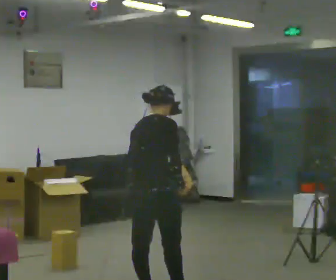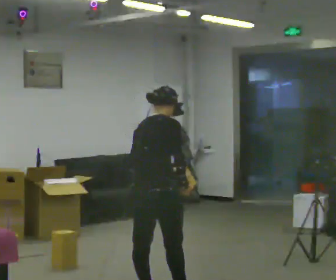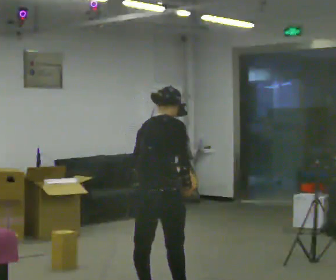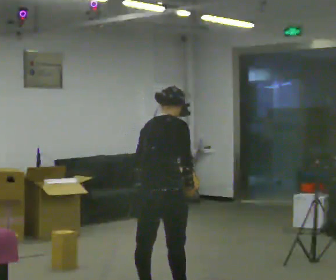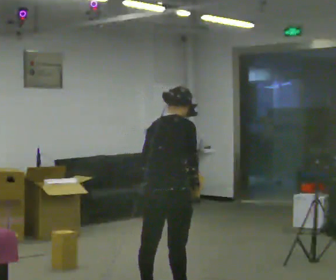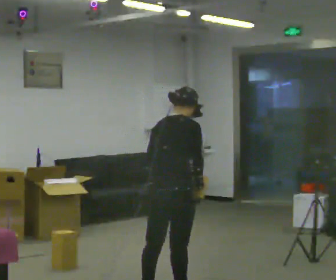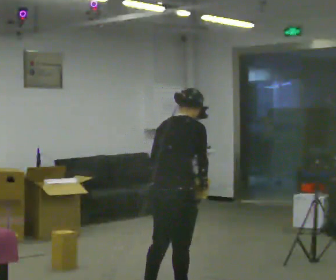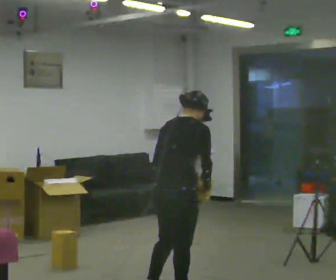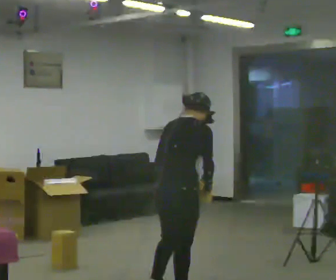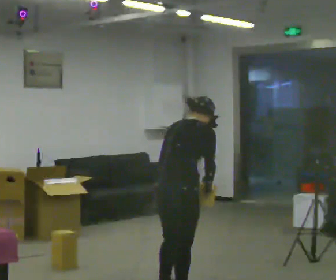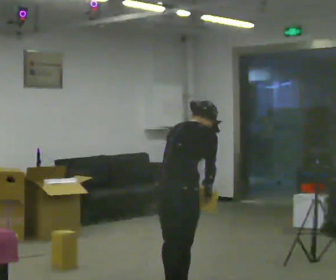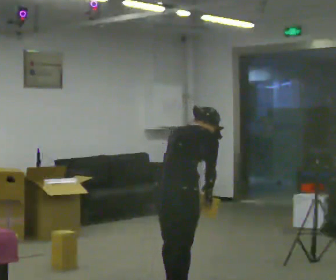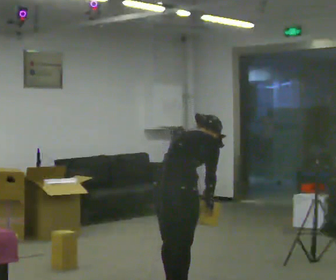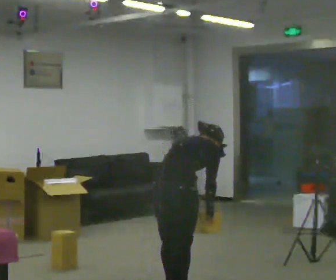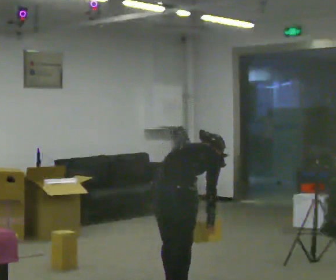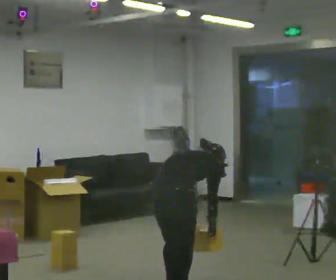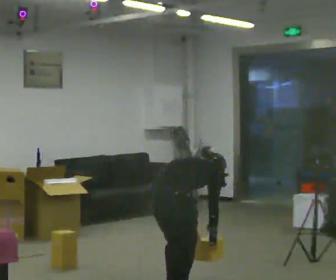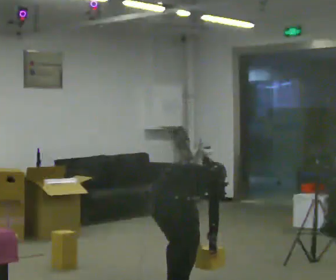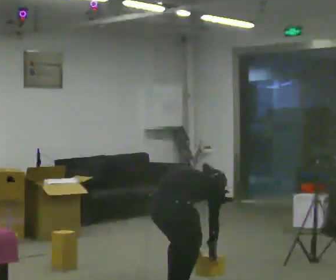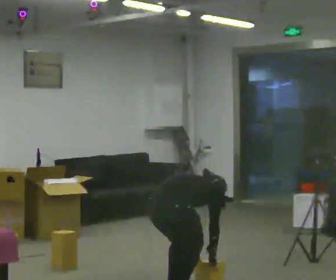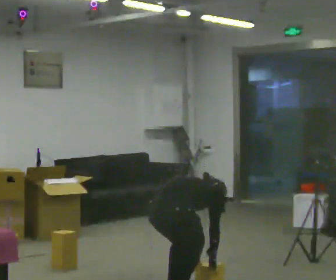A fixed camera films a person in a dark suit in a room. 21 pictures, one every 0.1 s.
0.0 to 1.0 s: In the picture they go to the right, about 0.25 m in 1 step, which for them is to their right and forward. In the picture the upper body tilts clockwise, shoulders to the right, as they bend forward.
1.0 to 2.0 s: The shoulders move downward. The upper body tips away from the camera, its near side rolling upward, as they bend forward. In the picture their left hand goes downward.
The film runs forward here.
